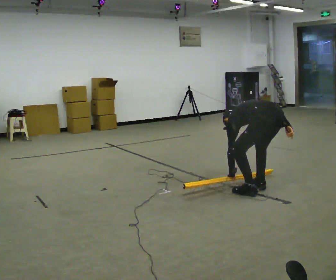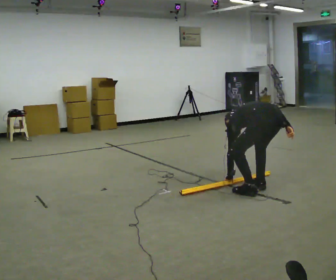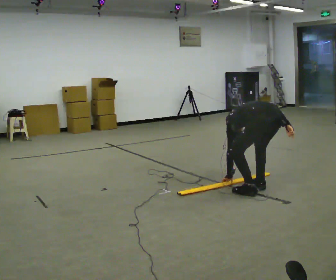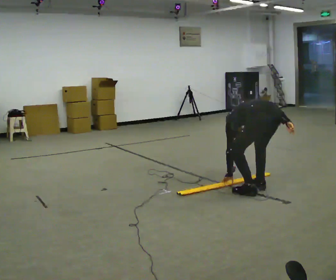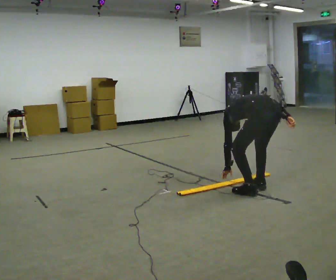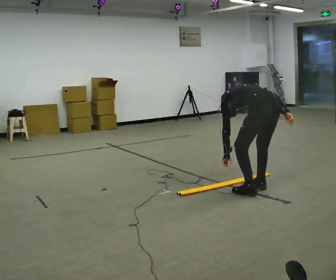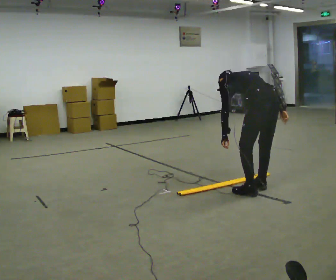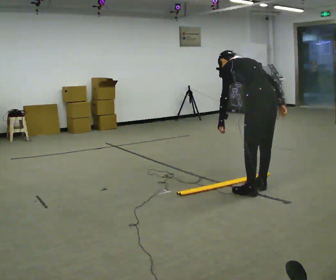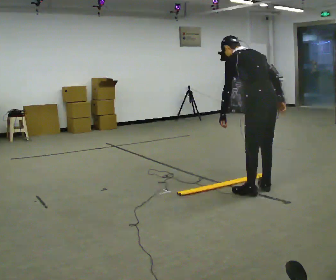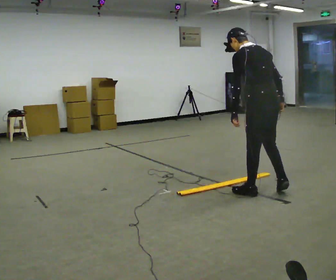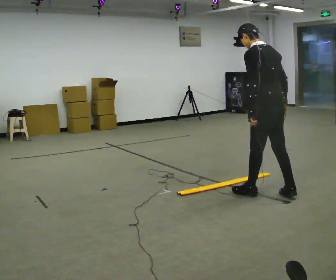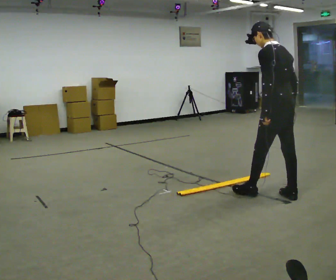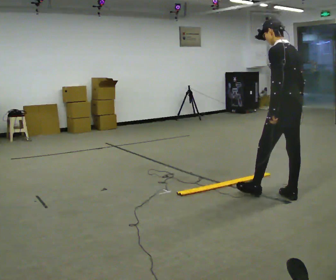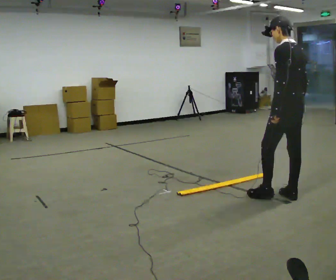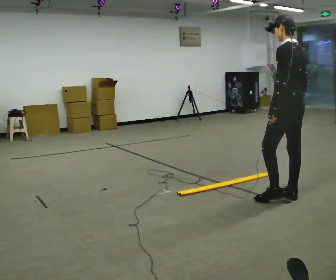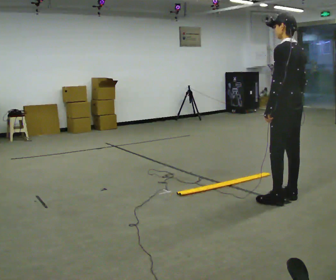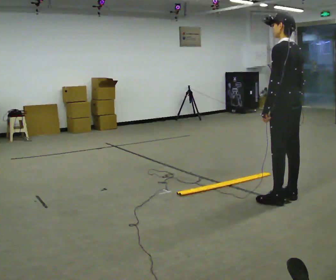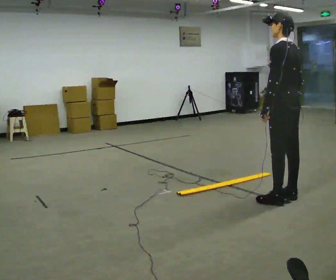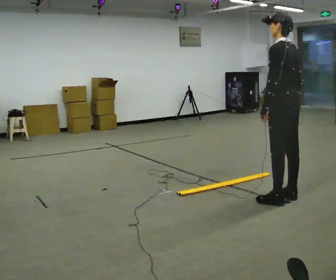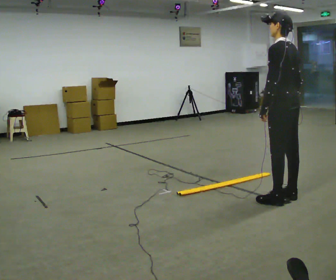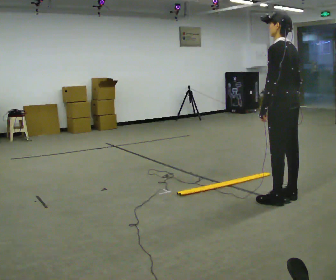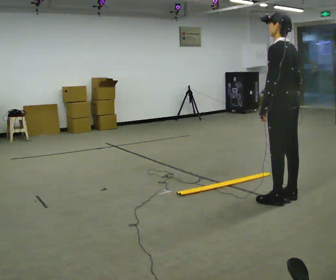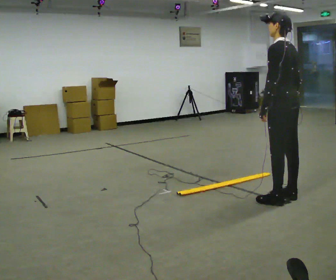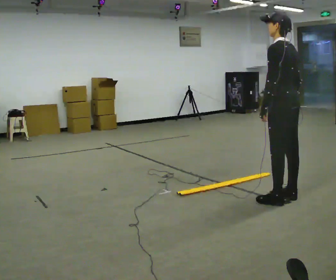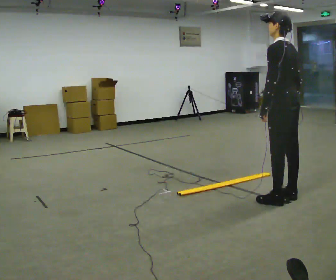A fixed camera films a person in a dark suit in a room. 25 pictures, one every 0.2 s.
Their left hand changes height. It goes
upward.
Their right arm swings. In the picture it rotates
clockwise.
0.0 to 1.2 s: The shoulders move upward. The upper body tips toward the camera, its near side rolling downward, as they lean back or straighten.
1.2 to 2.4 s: In the picture they go to the right, about 0.25 m in 2 steps, which for them is backward and to their right. The upper body goes upward. The upper body tips toward the camera, its near side rolling downward, as they lean back or straighten.
2.4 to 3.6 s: The person moves a little, or ends about where they began.
3.6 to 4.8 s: The person keeps their place and pose.
The film runs backward here.
